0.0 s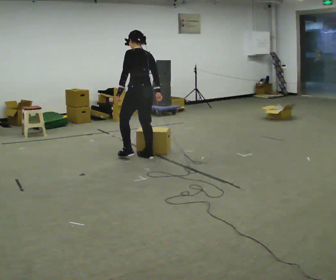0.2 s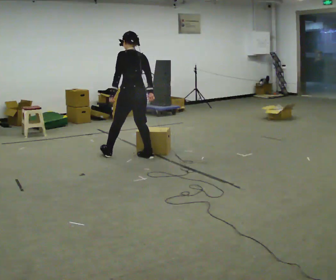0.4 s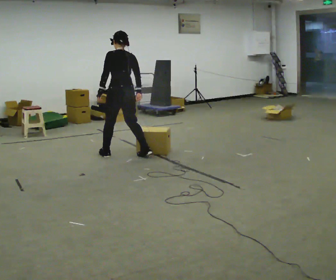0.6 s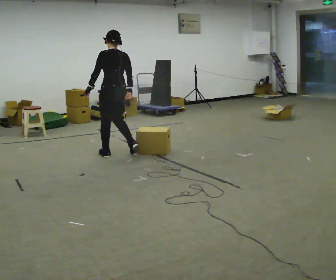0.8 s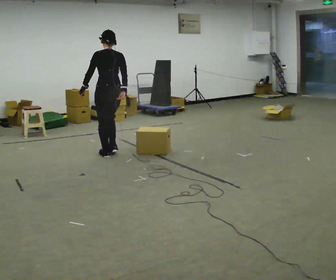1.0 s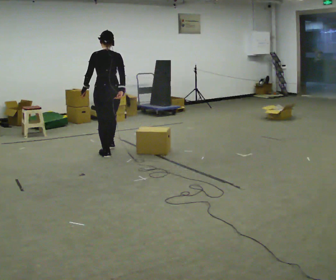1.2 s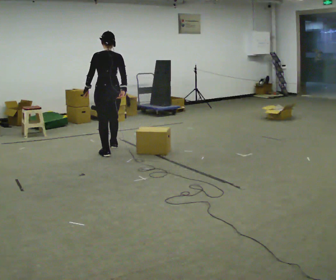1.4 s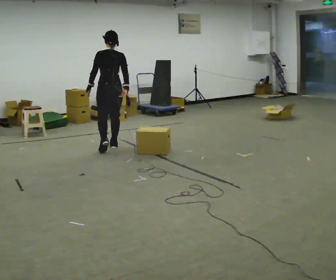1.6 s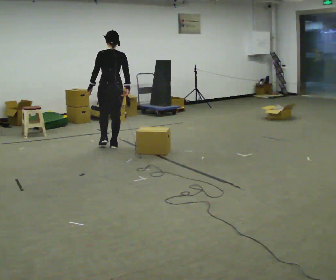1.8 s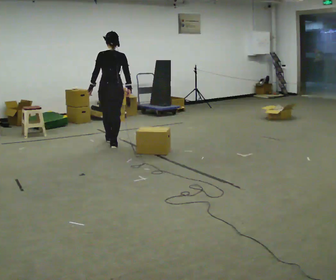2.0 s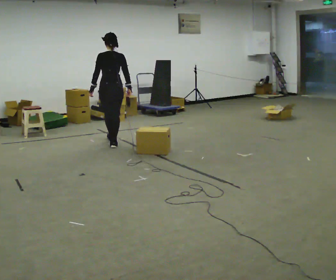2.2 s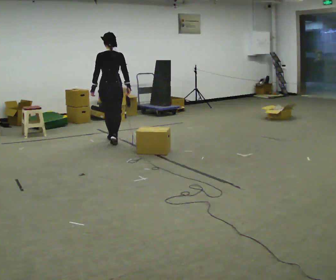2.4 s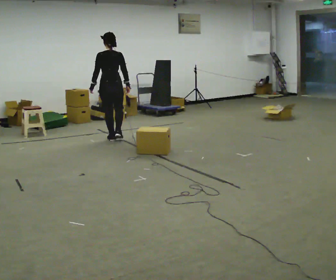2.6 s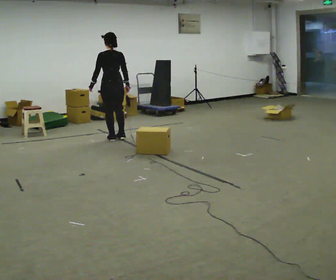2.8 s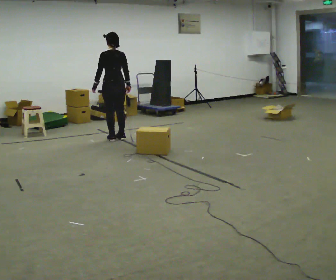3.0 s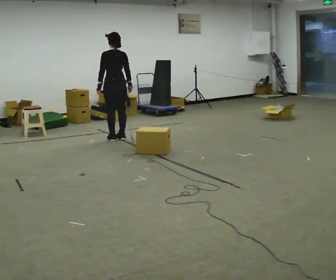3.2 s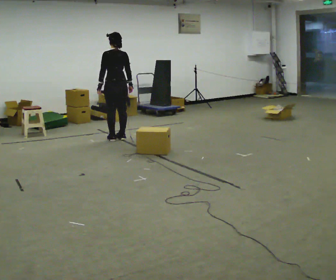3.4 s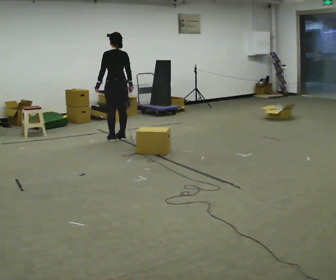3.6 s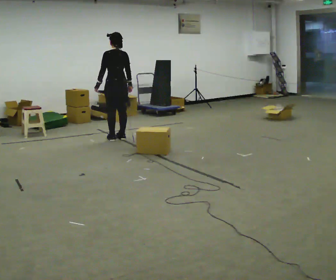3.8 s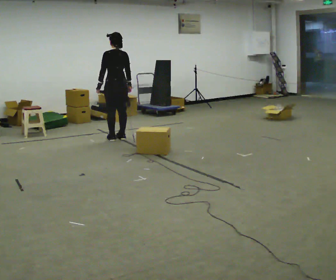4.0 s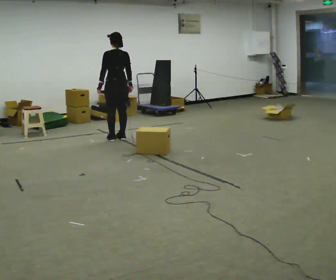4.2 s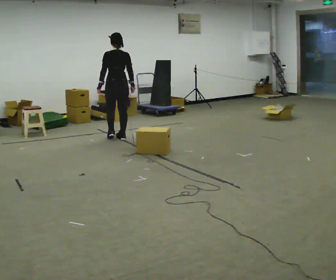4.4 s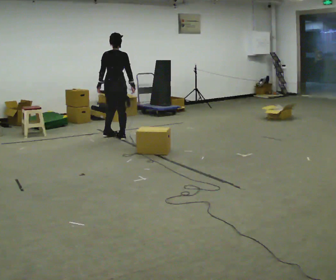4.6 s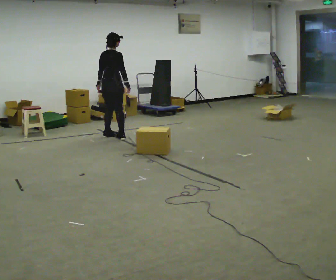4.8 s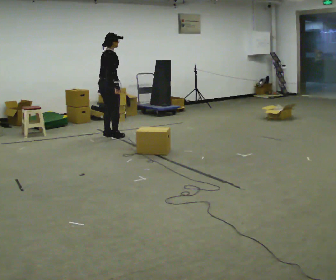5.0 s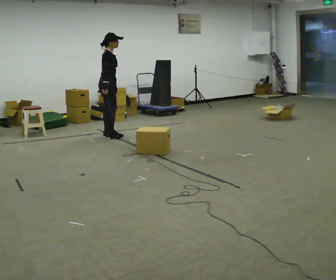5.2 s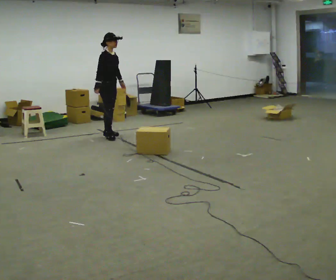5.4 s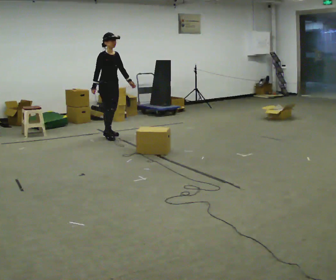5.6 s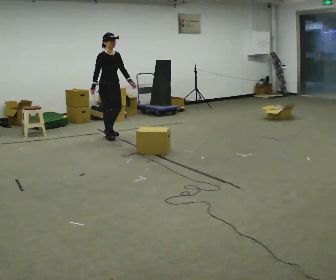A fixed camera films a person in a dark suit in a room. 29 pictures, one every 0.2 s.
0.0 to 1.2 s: In the picture they go to the left and away from the camera, about 0.5 m in 2 steps, which for them is forward and to their left.
1.2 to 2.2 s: In the picture they go away from the camera, about 0.5 m in 1 step, which for them is forward.
2.2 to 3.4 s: The part of the body nearest the lens slides to the right as the person turns to their left by about 30 degrees. In the picture they go away from the camera, about 0.25 m in 1 step, which for them is to their right.
3.4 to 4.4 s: Seen from above the body turns clockwise, about 45 degrees: to their right, with its near side sliding to the left.
4.4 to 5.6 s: The part of the body nearest the lens slides to the left as the person turns to their right by about 120 degrees. In the picture their left hand goes to the right, the arm swinging counterclockwise.
The film runs forward here.
